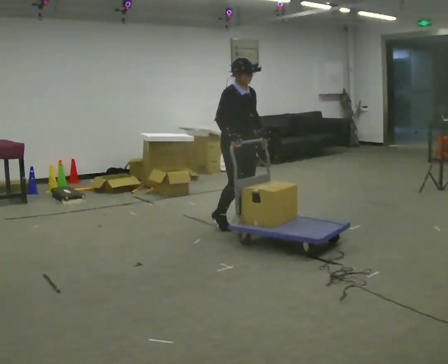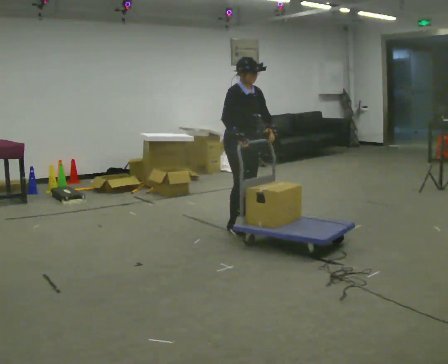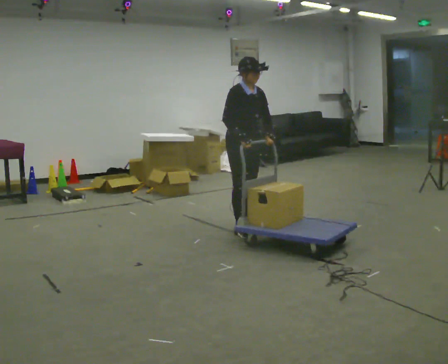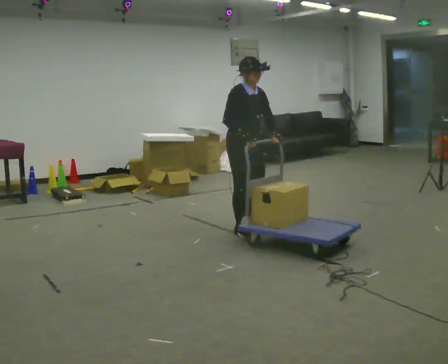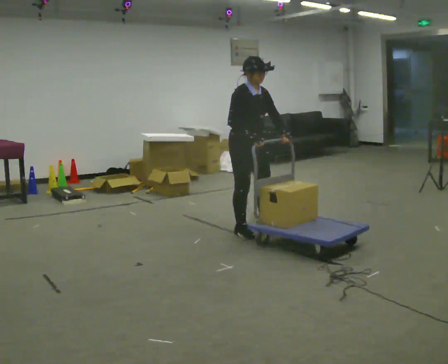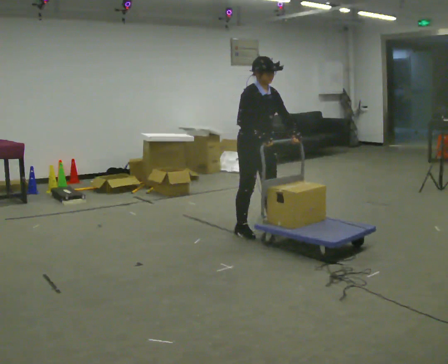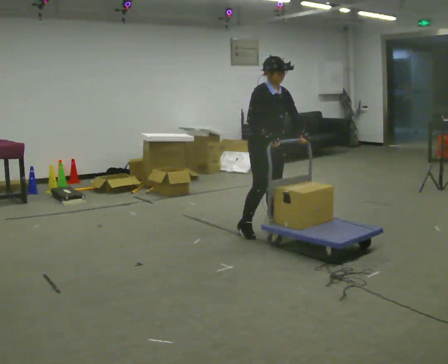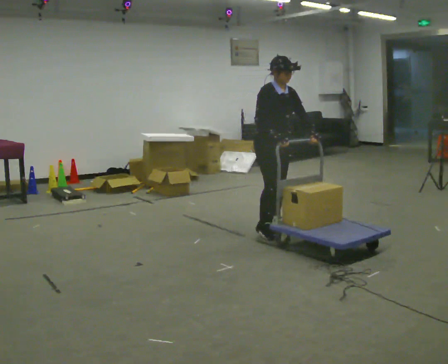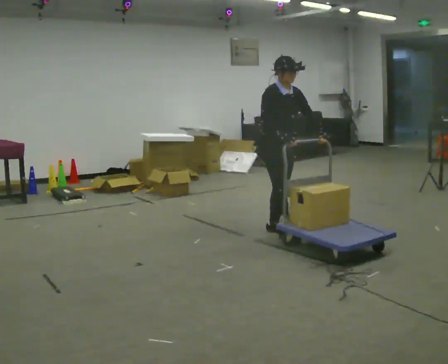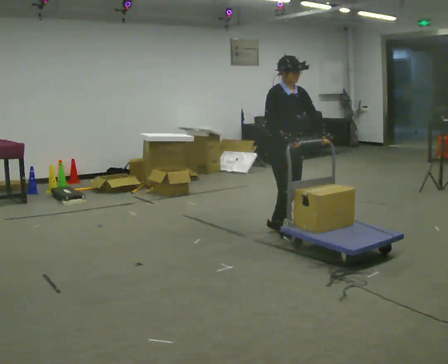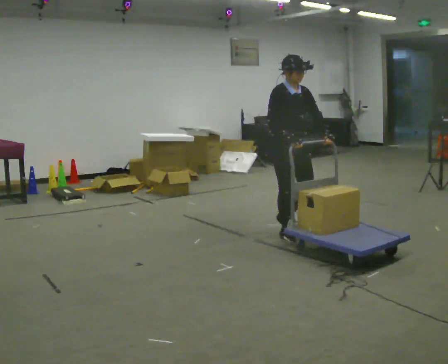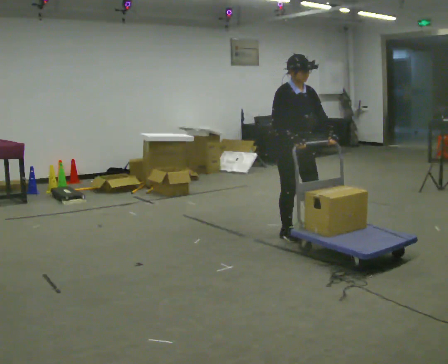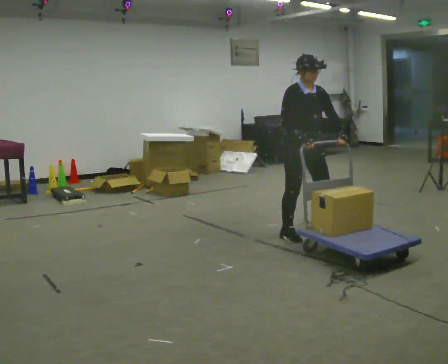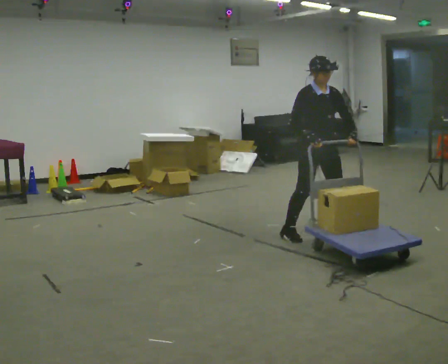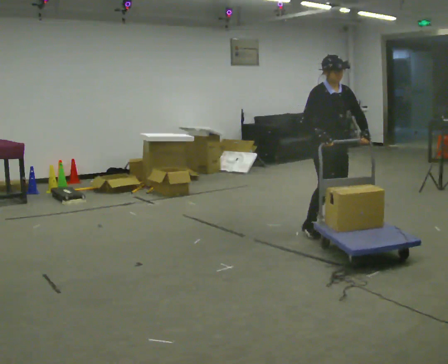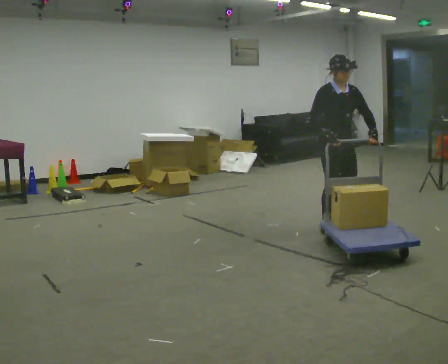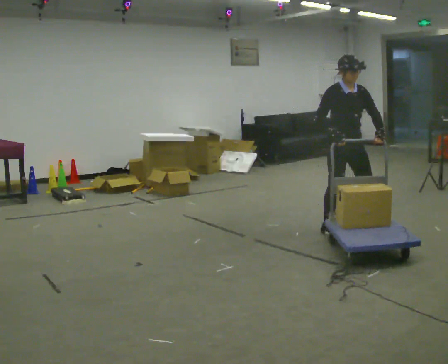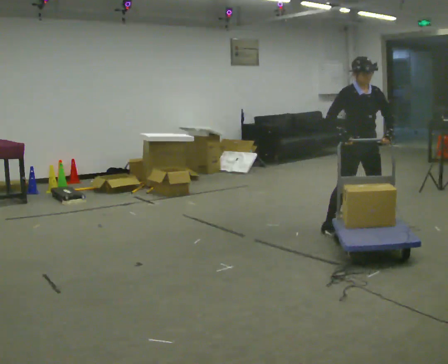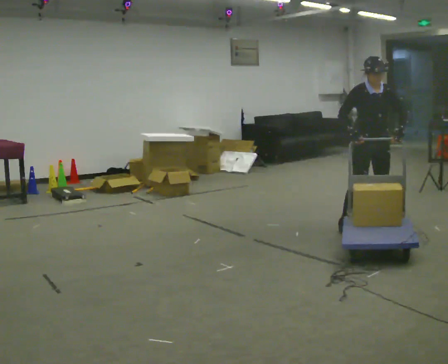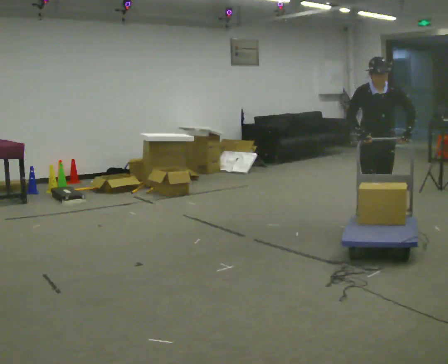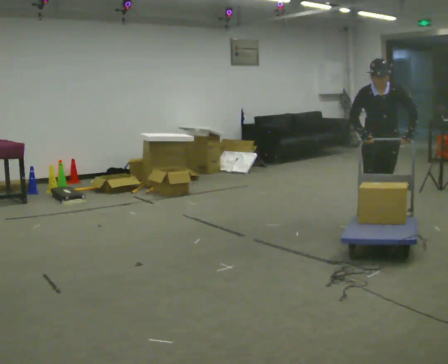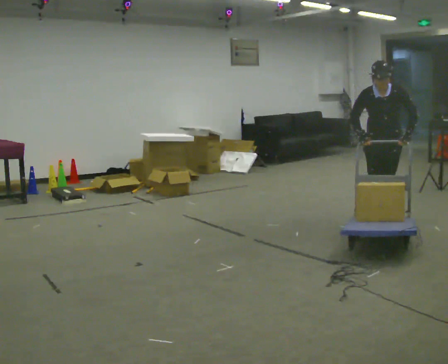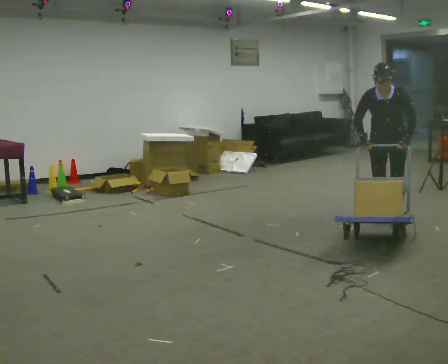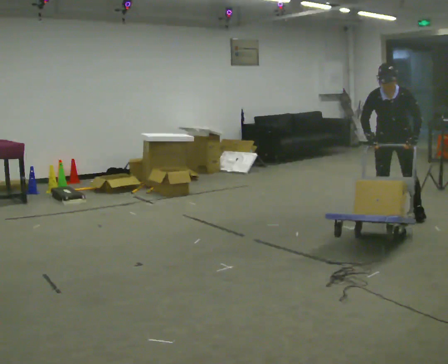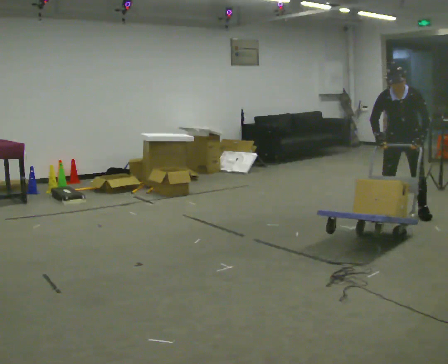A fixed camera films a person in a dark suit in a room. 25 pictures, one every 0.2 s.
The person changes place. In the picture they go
to the right.
The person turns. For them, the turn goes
to their right.
0.0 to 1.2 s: In the picture they go to the right, about 0.25 m in 2 steps, which for them is forward.
1.2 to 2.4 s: In the picture they go to the right, about 0.25 m in 1 step, which for them is forward and to their left.
2.4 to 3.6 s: In the picture they go to the right and away from the camera, about 0.75 m in 3 steps, which for them is to their left.
3.6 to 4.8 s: The part of the body nearest the lens slides to the left as the person turns to their right by about 30 degrees. In the picture they go to the right and away from the camera, about 0.5 m in 2 steps, which for them is backward and to their left.
The film runs forward here.
